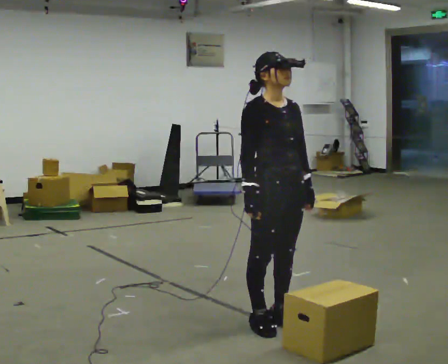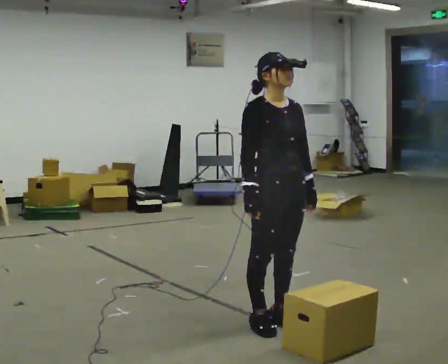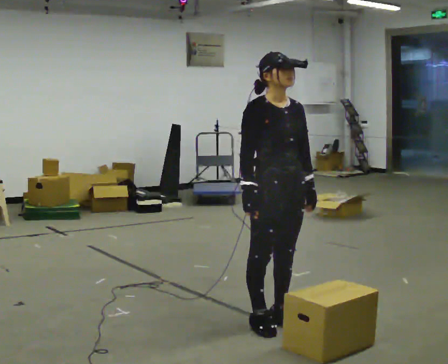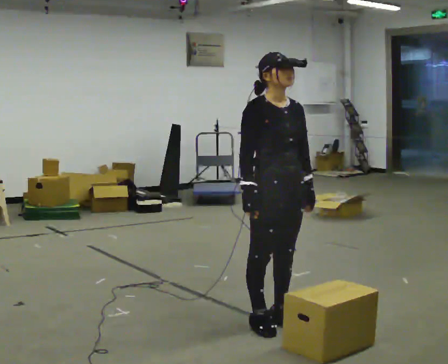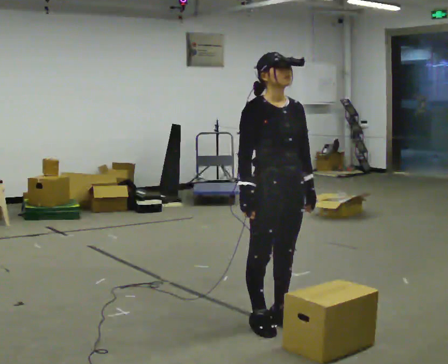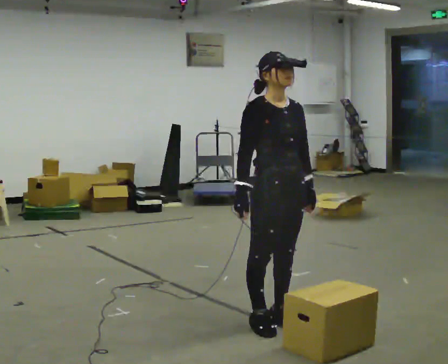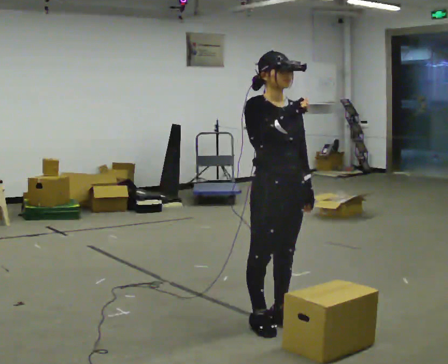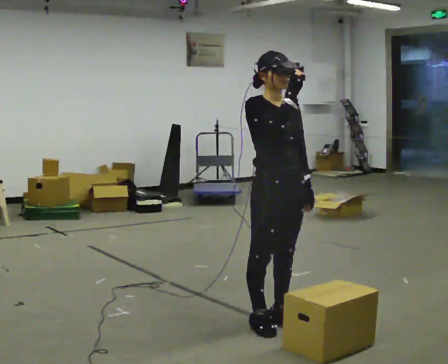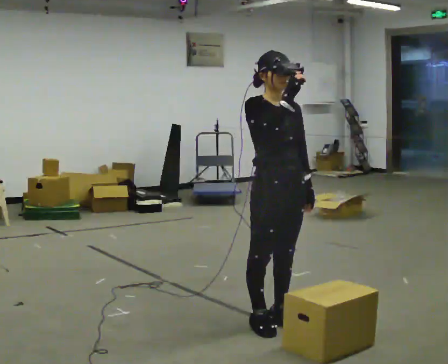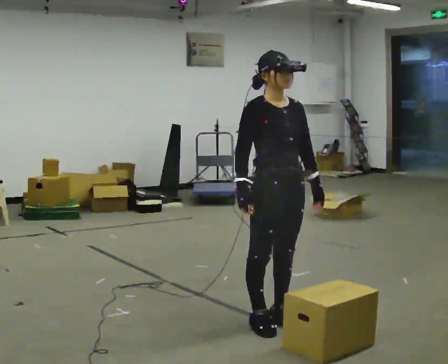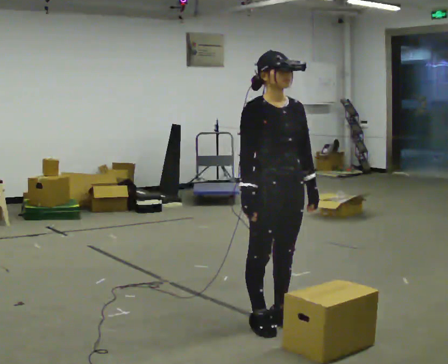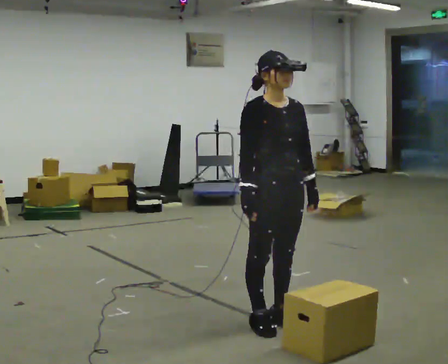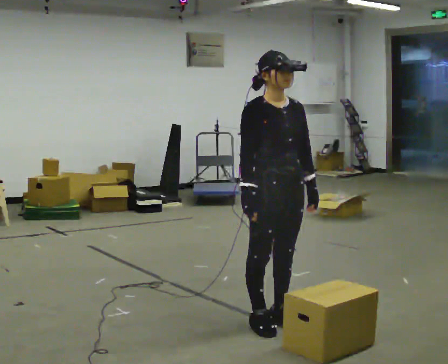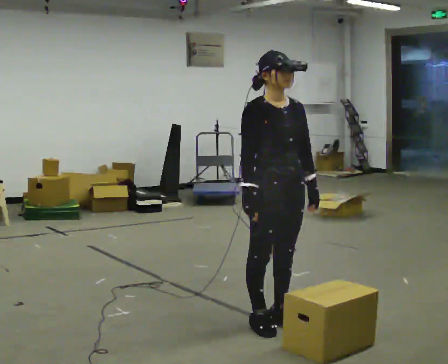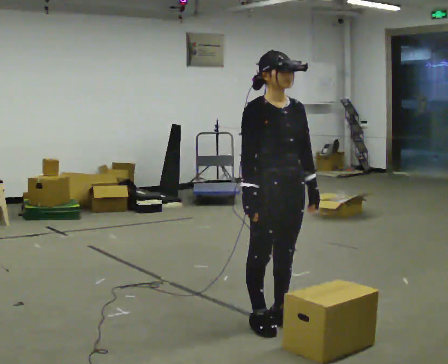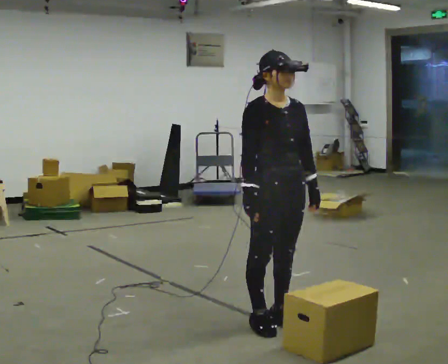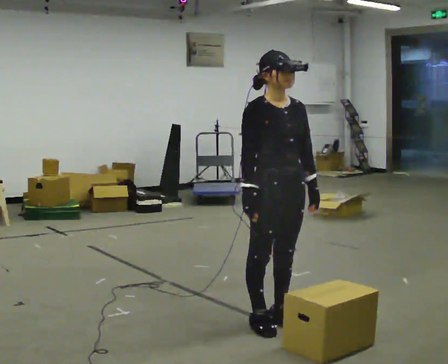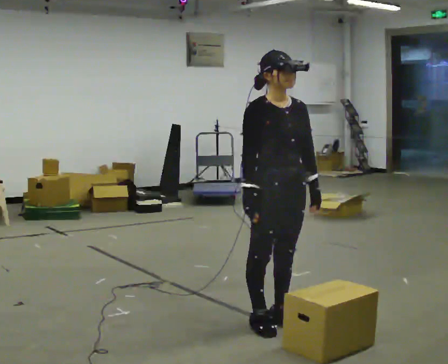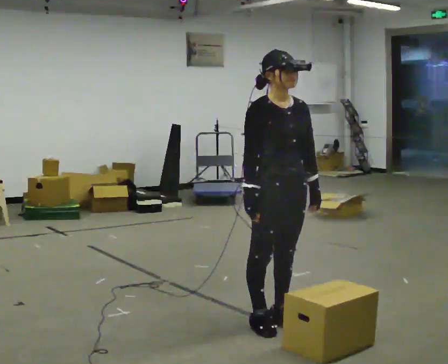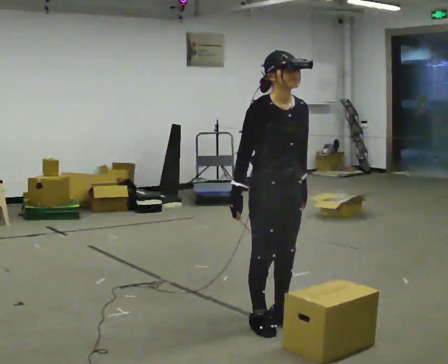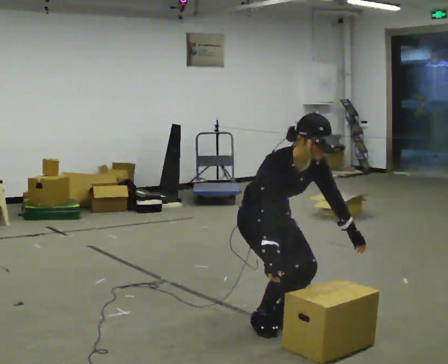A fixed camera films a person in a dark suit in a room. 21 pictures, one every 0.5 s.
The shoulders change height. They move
downward.
0.0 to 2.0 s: The person keeps their place and pose.
2.0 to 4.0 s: In the picture their right hand goes upward.
4.0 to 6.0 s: In the picture their right hand goes downward.
6.0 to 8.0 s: The person keeps their place and pose.
8.0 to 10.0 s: The shoulders move downward. In the picture the upper body tilts clockwise, shoulders to the right, as they bend forward.
The film runs backward here.
